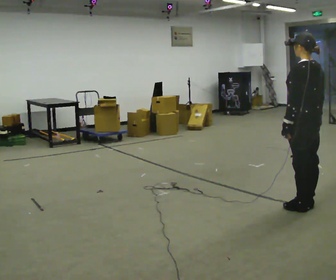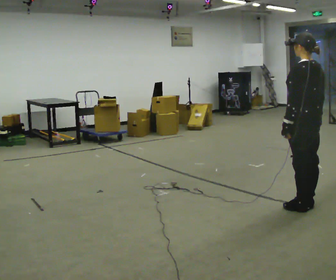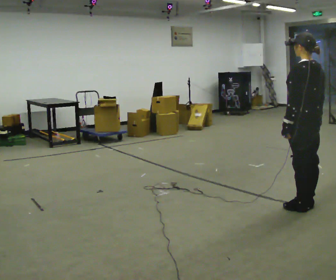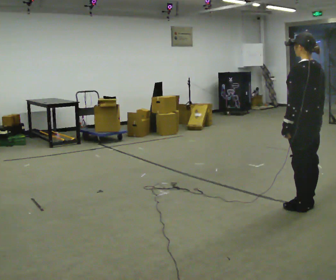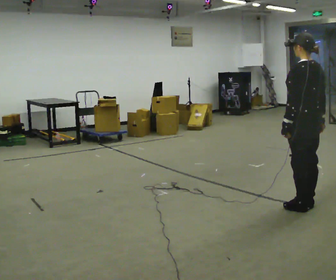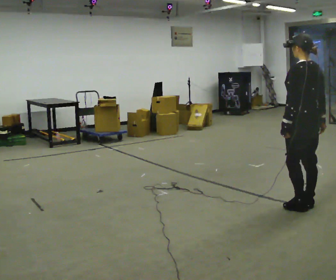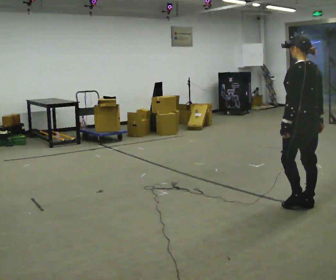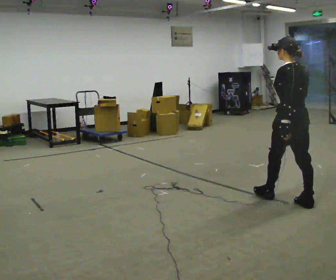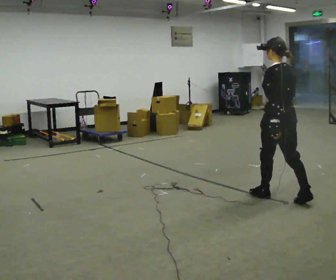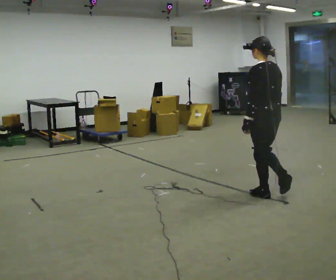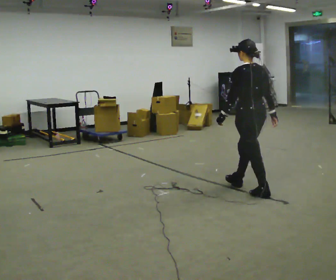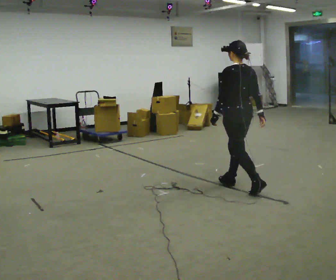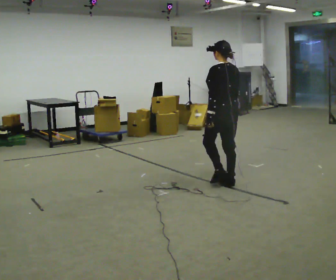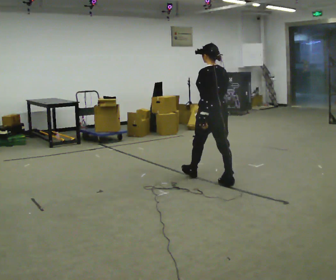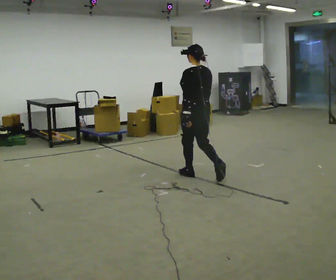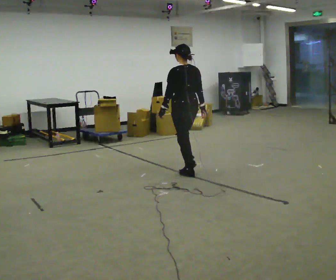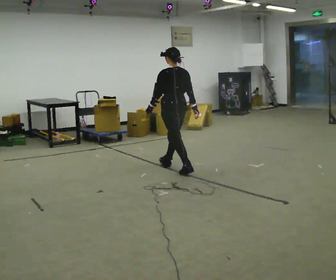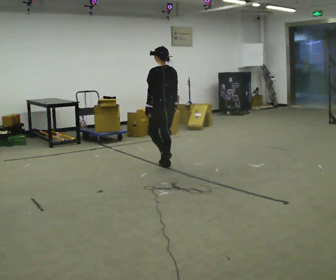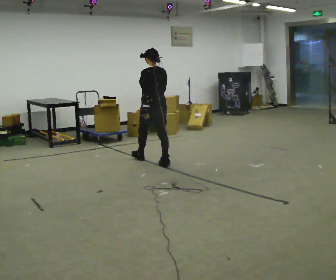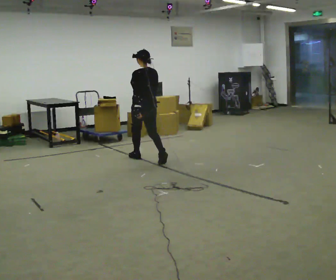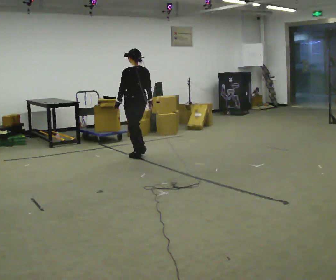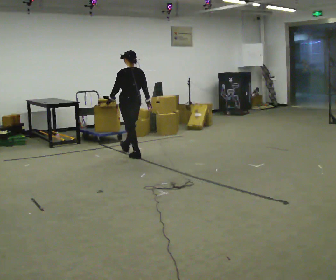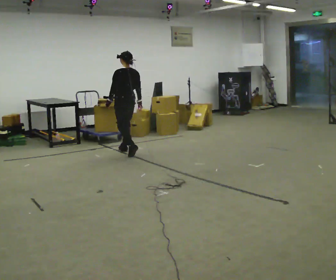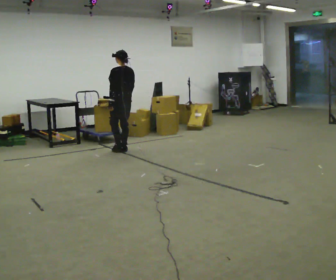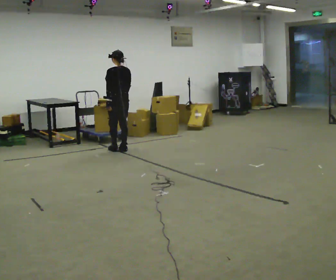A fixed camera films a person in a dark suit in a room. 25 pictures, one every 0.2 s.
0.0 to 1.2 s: The person moves a little, or ends about where they began.
1.2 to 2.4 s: In the picture they go away from the camera and to the left, about 1 m in 2 steps, which for them is forward.
2.4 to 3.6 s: In the picture they go away from the camera and to the left, about 1.5 m in 2 steps, which for them is forward.
3.6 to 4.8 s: In the picture they go away from the camera and to the left, about 1 m in 3 steps, which for them is forward.
The film runs forward here.
